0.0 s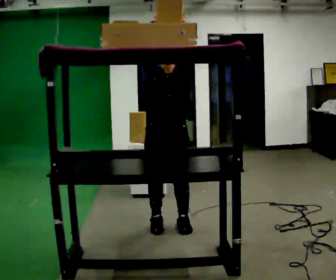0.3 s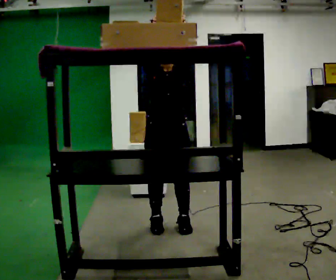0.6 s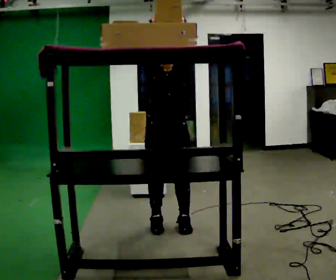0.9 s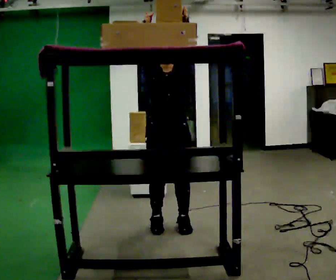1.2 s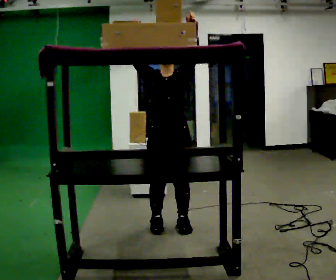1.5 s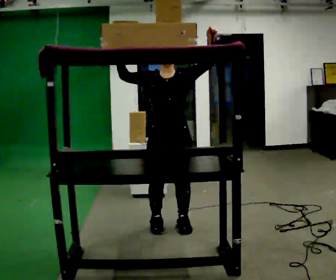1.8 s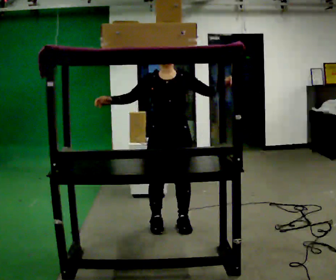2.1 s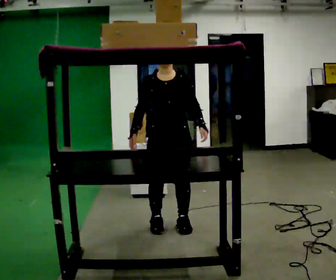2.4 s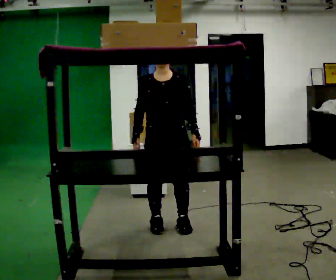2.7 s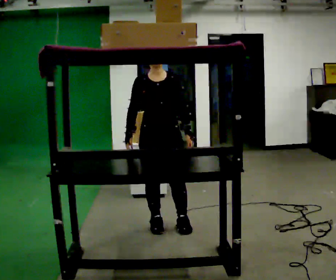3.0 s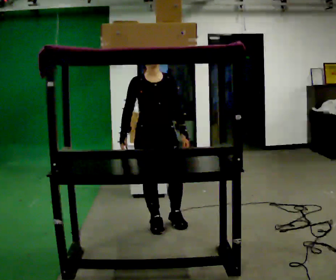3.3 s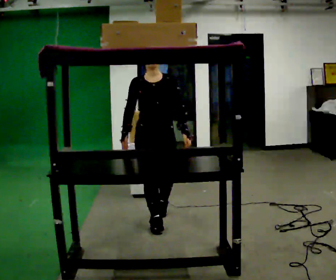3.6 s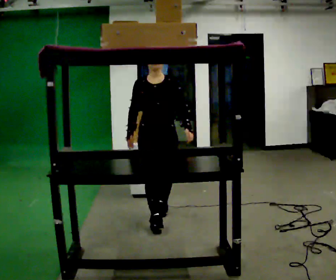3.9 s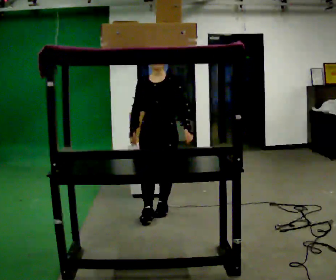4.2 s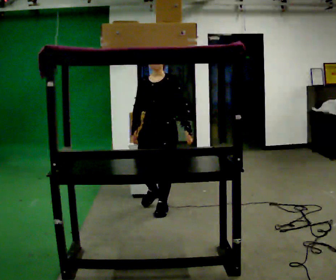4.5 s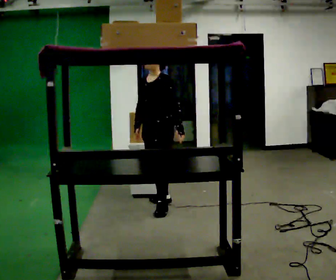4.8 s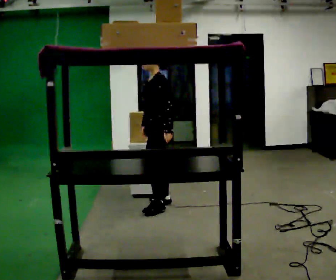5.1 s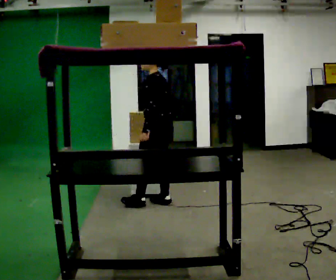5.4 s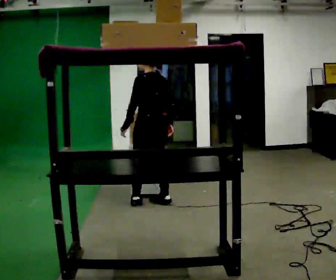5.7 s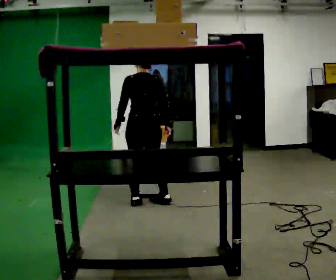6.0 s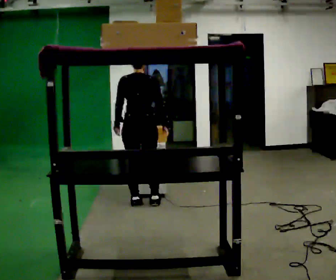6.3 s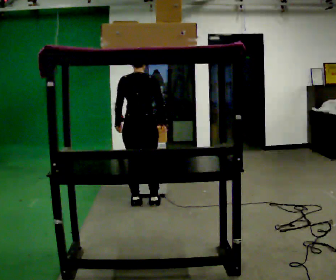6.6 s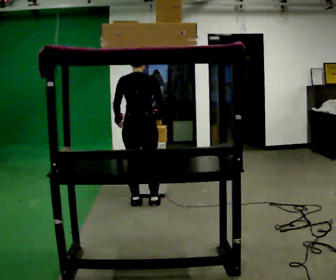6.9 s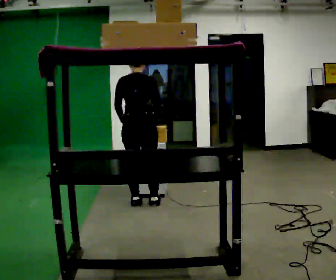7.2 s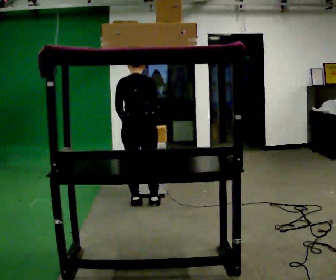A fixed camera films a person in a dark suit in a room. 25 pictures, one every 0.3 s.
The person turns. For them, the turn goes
to their right.
Their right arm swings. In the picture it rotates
counterclockwise.
0.0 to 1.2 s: The person moves a little, or ends about where they began.
1.2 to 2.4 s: In the picture their right hand goes downward, the arm swinging counterclockwise.
2.4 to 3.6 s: In the picture they go away from the camera, about 0.25 m in 1 step, which for them is backward.
3.6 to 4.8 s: Seen from above the body turns clockwise, about 90 degrees: to their right, with its near side sliding to the left. In the picture they go away from the camera, about 0.5 m in 1 step.
4.8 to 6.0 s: The part of the body nearest the lens slides to the left as the person turns to their right by about 105 degrees. In the picture they go to the left, about 0.25 m in 1 step. In the picture their left hand goes to the left, the arm swinging clockwise.
6.0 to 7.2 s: The upper body tips away from the camera, its near side rolling upward, as they bend forward.
The film runs backward here.
